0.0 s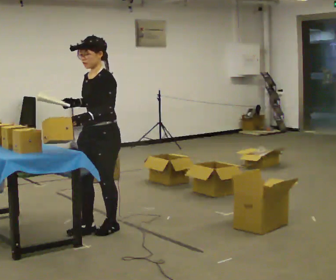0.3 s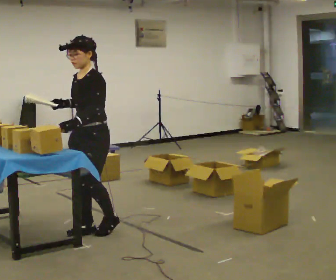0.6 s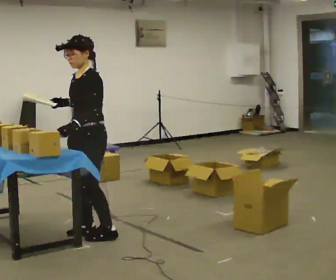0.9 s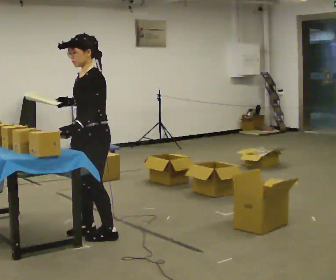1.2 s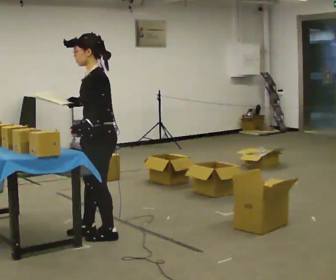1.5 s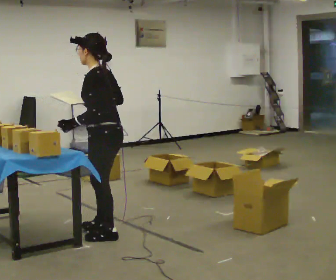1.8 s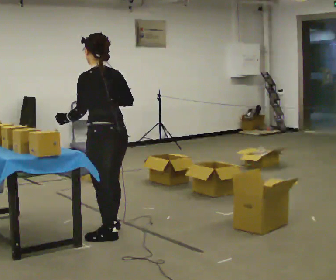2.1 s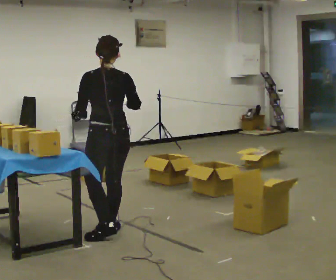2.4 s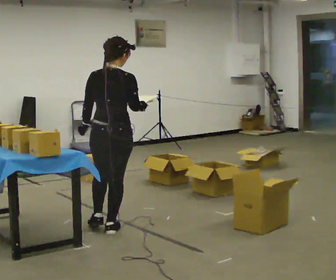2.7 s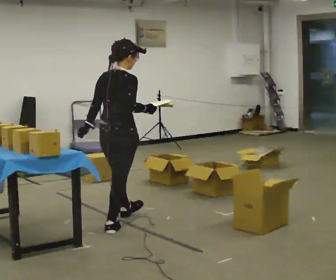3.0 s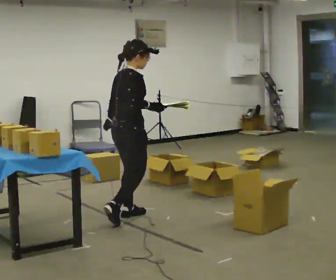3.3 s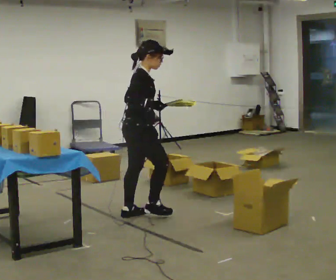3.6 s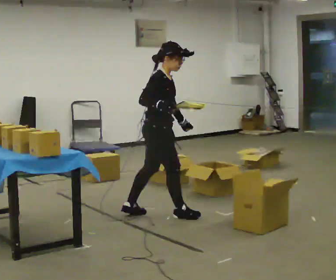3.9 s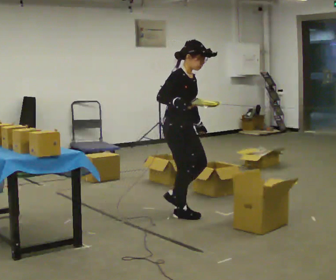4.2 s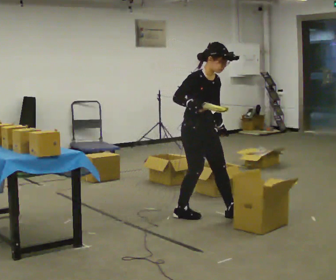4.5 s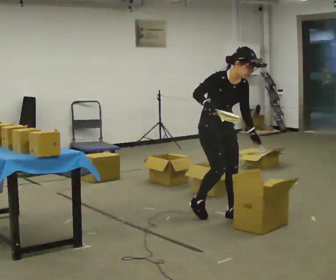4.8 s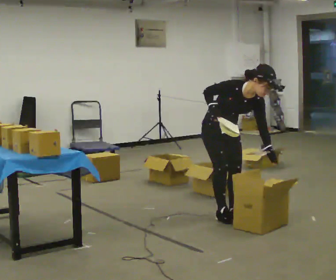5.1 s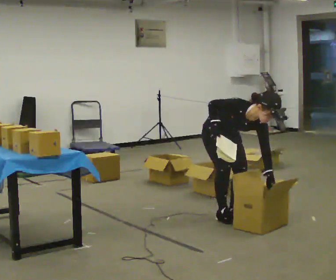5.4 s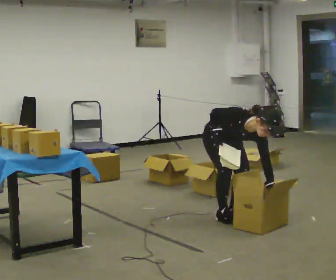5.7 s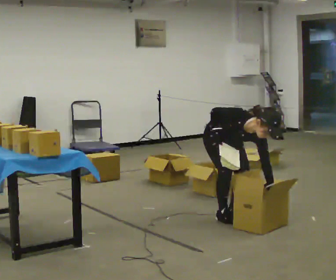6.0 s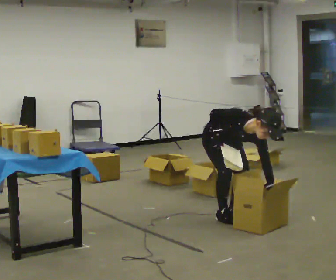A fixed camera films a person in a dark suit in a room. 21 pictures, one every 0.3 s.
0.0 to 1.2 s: Seen from above the body turns clockwise, about 30 degrees: to their right, with its near side sliding to the left. In the picture they go toward the camera, about 0.25 m in 1 step, which for them is to their left.
1.2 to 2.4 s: The part of the body nearest the lens slides to the left as the person turns to their right by about 105 degrees. In the picture they go away from the camera, about 0.25 m in 1 step.
2.4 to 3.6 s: The part of the body nearest the lens slides to the left as the person turns to their right by about 90 degrees. In the picture they go away from the camera and to the right, about 0.5 m in 2 steps.
3.6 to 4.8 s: Seen from above the body turns clockwise, about 60 degrees: to their right, with its near side sliding to the left. In the picture they go to the right, about 0.5 m in 2 steps. The upper body tips toward the camera, its near side rolling downward, as they bend forward.
4.8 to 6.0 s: The upper body goes downward. The upper body tips toward the camera, its near side rolling downward, as they bend forward.
The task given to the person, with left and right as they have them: 1. Read the parts list. 2. Collect each part from the bins around the room. 3. Lay them out on the table in the order on the list. 4. Put them all in the carry case. 5. Tell the operator when you are finished.
The film runs forward here.
